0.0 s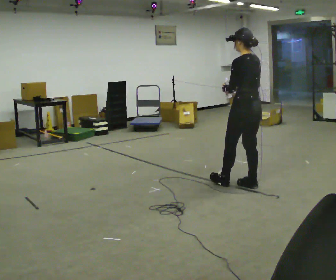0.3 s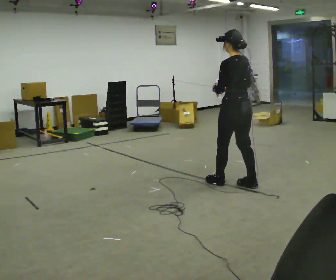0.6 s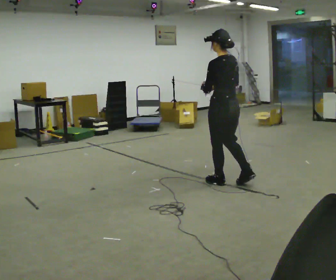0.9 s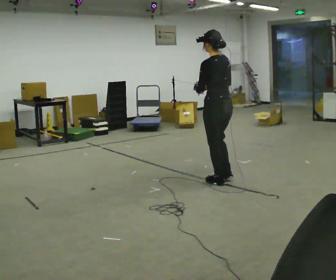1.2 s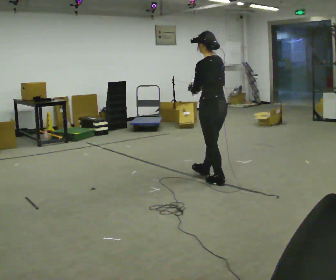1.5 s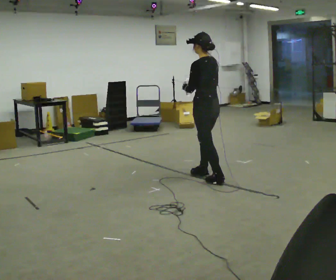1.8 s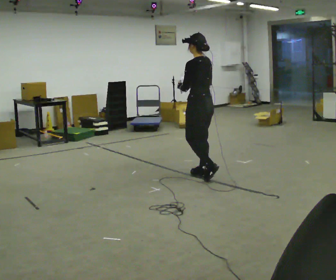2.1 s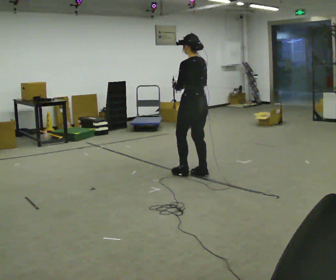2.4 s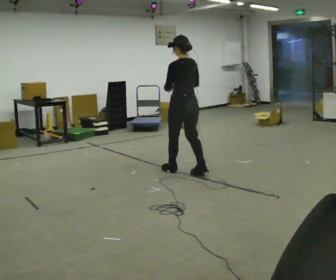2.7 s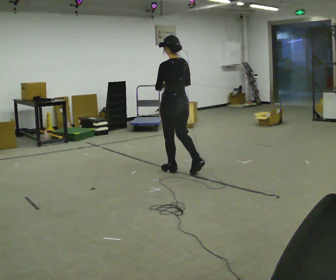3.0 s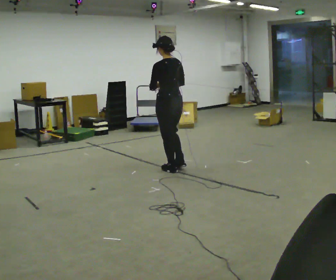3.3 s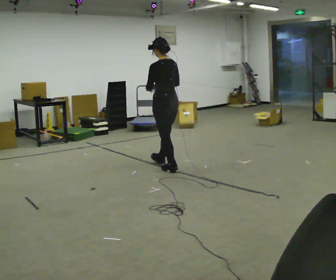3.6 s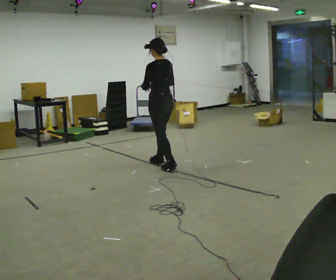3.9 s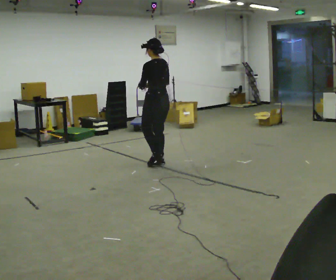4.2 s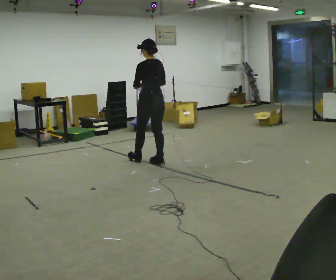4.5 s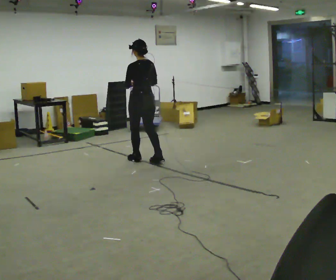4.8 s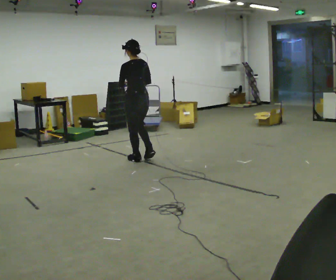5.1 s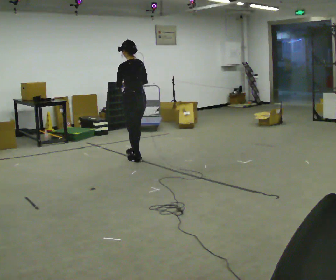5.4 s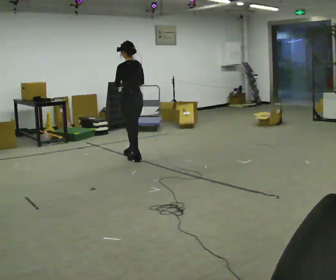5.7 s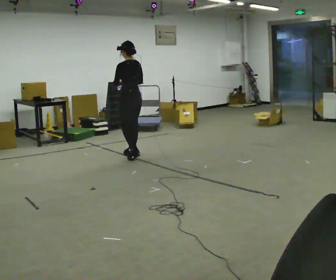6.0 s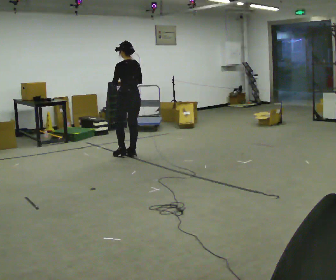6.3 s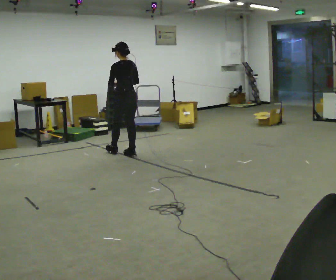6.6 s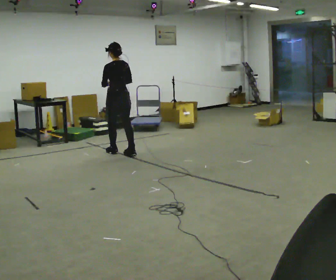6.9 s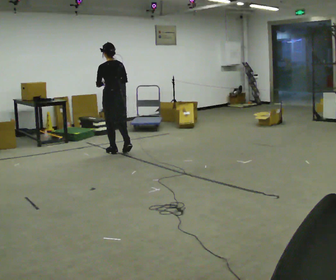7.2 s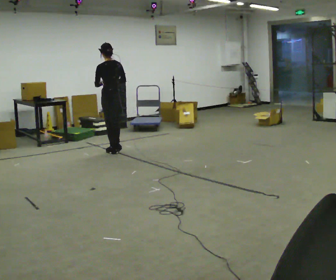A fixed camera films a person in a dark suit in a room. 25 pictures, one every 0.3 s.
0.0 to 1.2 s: In the picture they go to the left and away from the camera, about 0.5 m in 2 steps, which for them is forward.
1.2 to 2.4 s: In the picture they go away from the camera and to the left, about 0.5 m in 1 step, which for them is forward.
2.4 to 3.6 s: In the picture they go away from the camera and to the left, about 0.5 m in 1 step, which for them is forward.
3.6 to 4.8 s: In the picture they go to the left and away from the camera, about 0.5 m in 1 step, which for them is forward.
4.8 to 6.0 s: In the picture they go away from the camera, about 0.25 m in 1 step, which for them is forward.
6.0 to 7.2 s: In the picture they go to the left and away from the camera, about 0.25 m in 1 step, which for them is forward.
The film runs forward here.
